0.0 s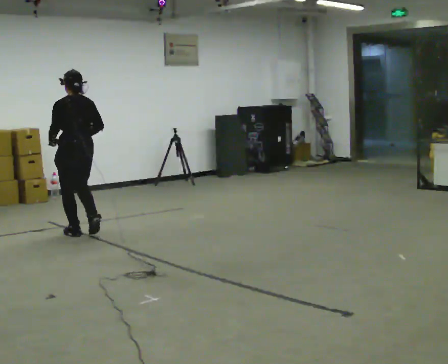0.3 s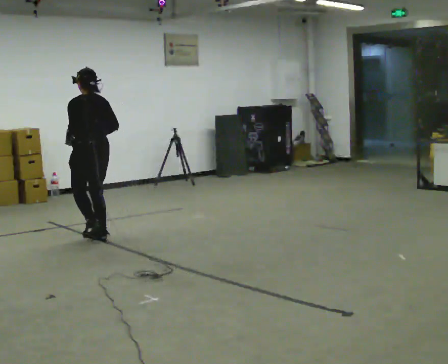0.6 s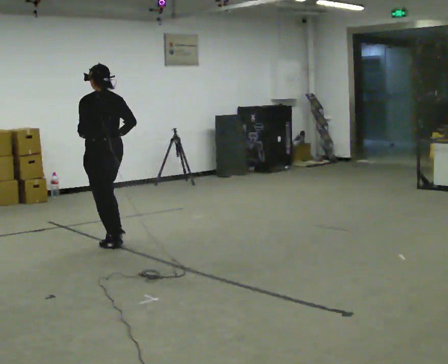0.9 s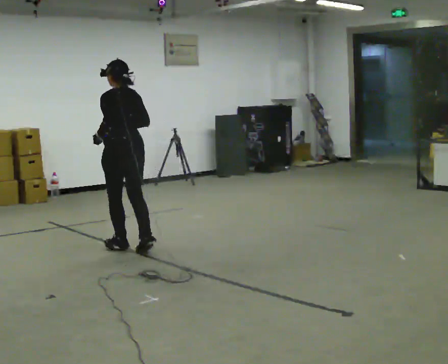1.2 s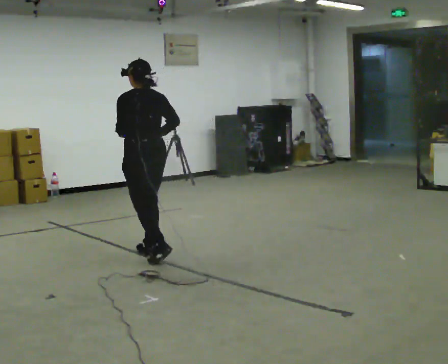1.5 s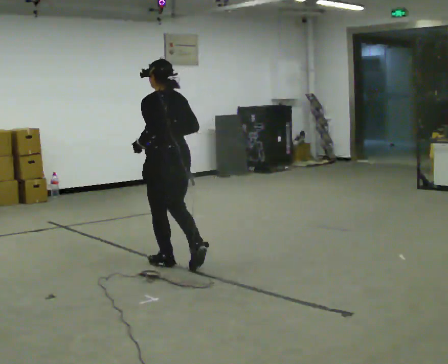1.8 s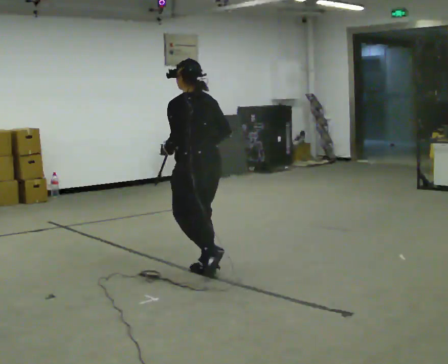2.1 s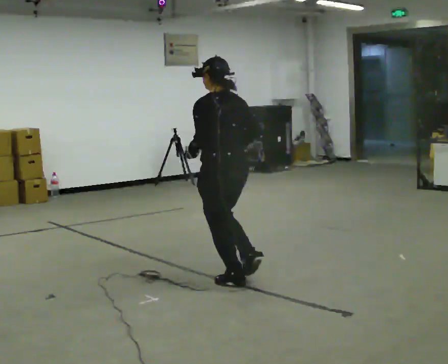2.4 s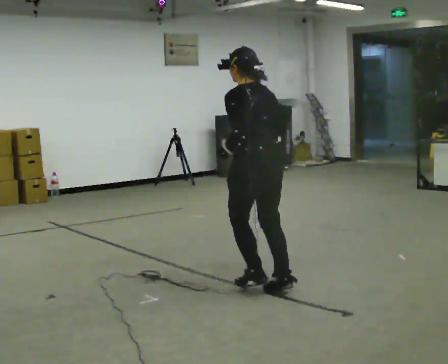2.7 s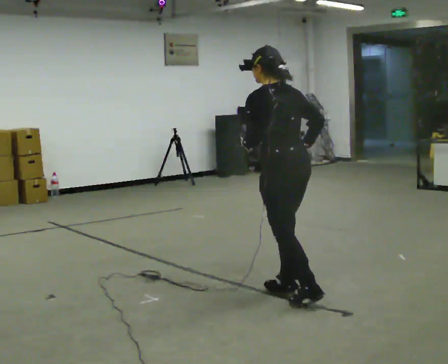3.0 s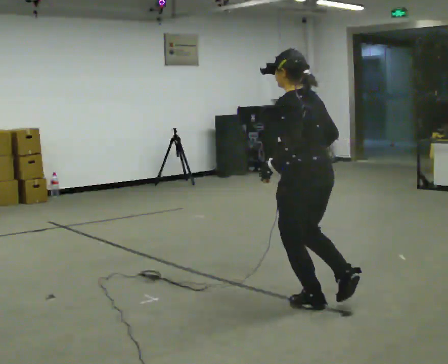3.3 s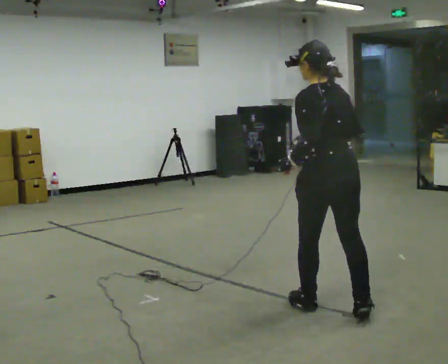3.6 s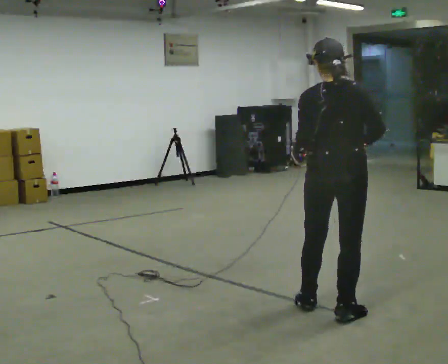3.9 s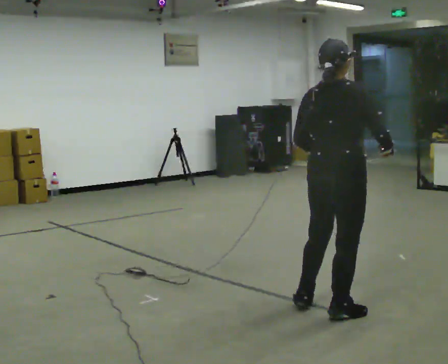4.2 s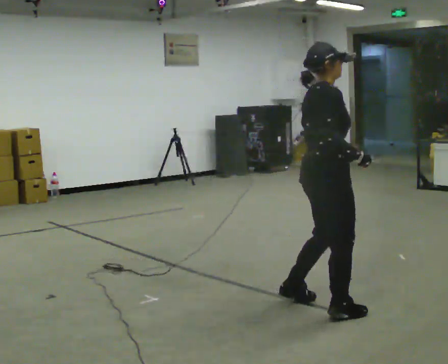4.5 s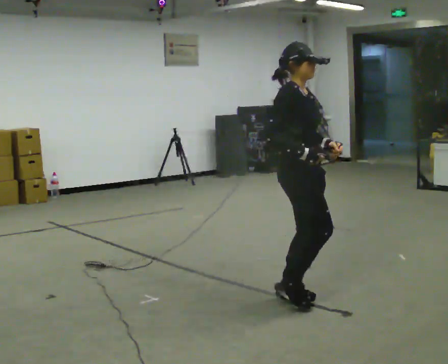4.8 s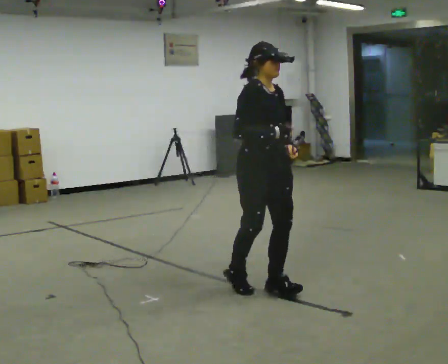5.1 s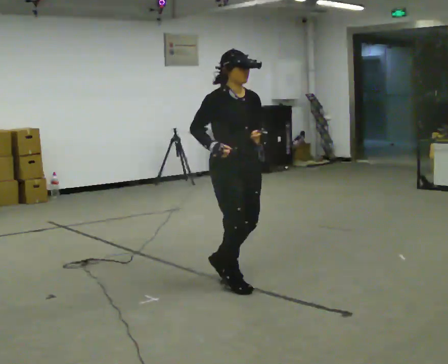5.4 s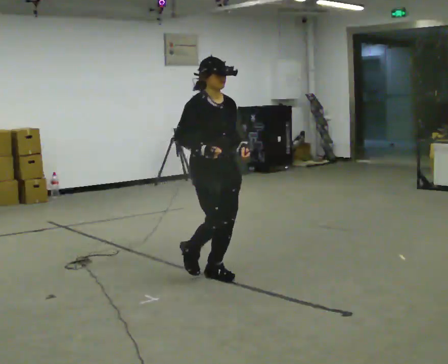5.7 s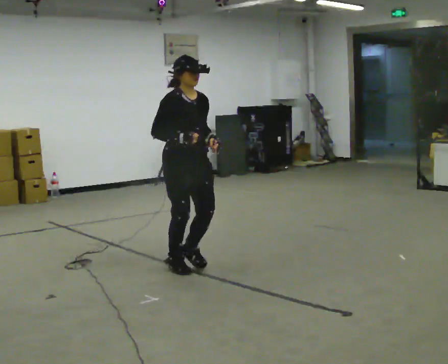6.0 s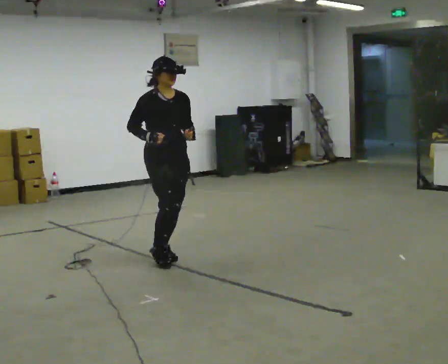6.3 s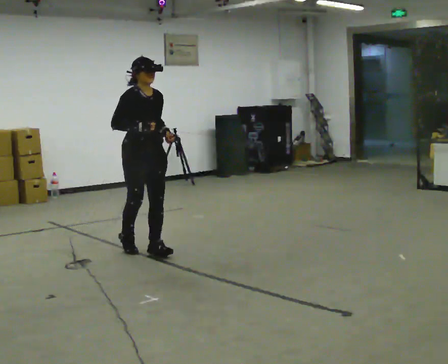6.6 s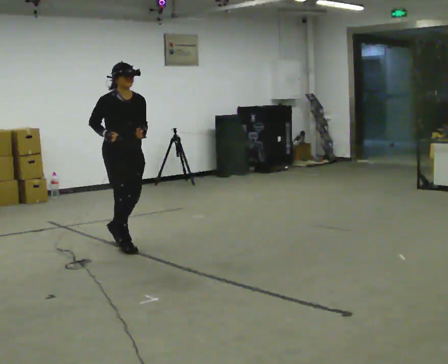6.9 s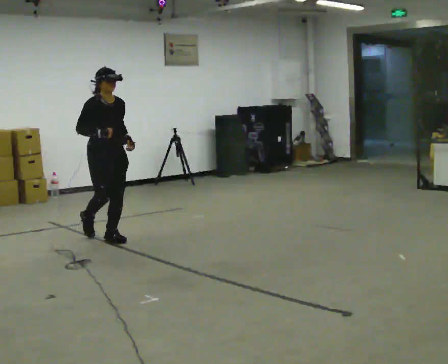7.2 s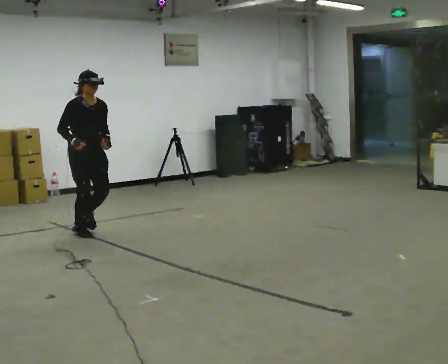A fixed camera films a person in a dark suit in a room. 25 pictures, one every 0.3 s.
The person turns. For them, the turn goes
to their right.
The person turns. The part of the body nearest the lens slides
to the left.
0.0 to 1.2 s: In the picture they go to the right and toward the camera, about 1 m in 4 steps, which for them is backward.
1.2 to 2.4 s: In the picture they go to the right and toward the camera, about 1 m in 3 steps, which for them is backward.
2.4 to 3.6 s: The part of the body nearest the lens slides to the left as the person turns to their right by about 45 degrees. In the picture they go to the right and toward the camera, about 0.75 m in 1 step, which for them is backward.
3.6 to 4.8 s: Seen from above the body turns clockwise, about 135 degrees: to their right, with its near side sliding to the left. In the picture they go to the left and away from the camera, about 0.5 m in 3 steps.
4.8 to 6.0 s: In the picture they go to the left and away from the camera, about 1 m in 3 steps, which for them is backward.
6.0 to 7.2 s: In the picture they go to the left and away from the camera, about 1 m in 3 steps, which for them is backward.
The film runs backward here.
